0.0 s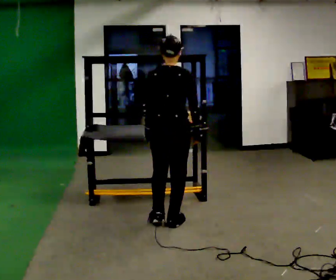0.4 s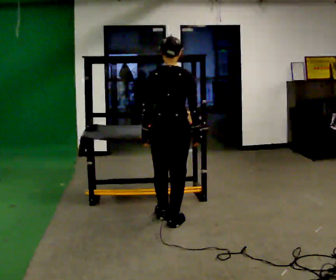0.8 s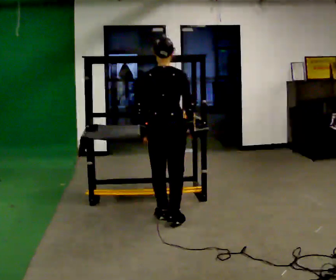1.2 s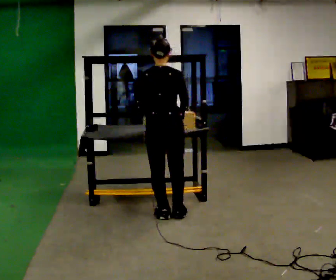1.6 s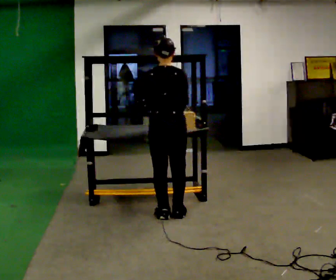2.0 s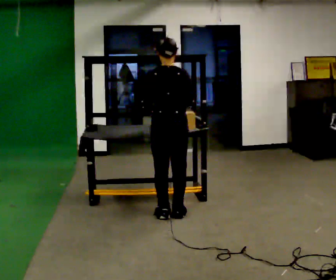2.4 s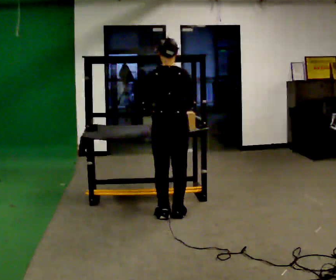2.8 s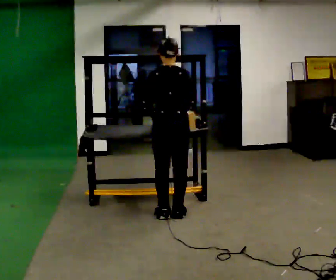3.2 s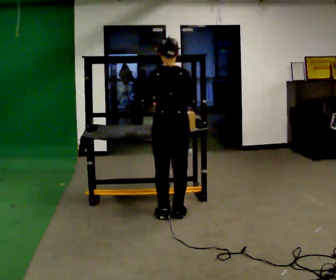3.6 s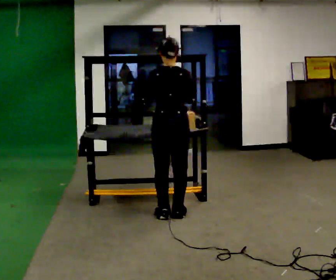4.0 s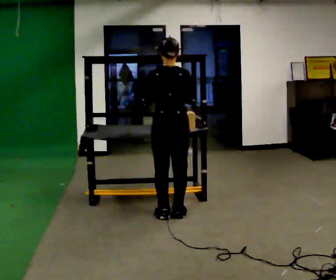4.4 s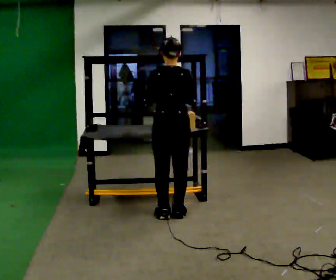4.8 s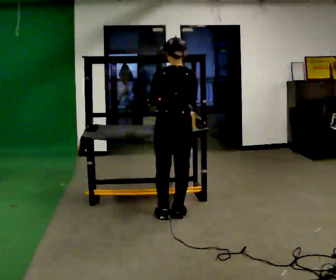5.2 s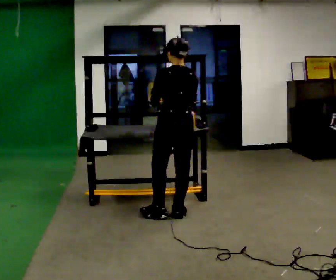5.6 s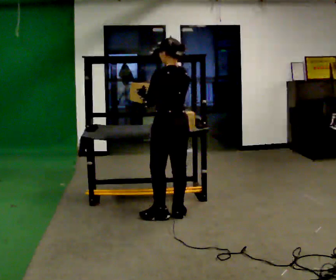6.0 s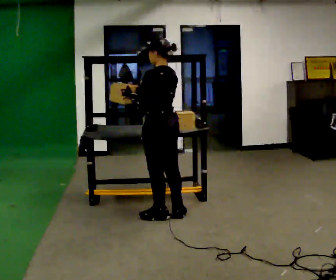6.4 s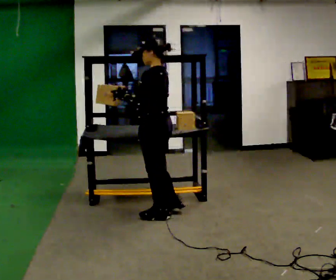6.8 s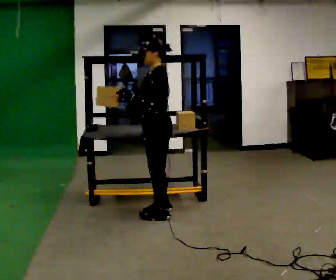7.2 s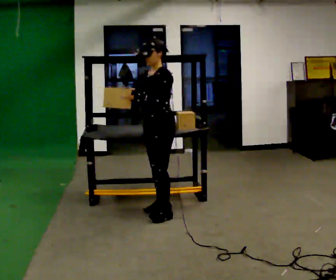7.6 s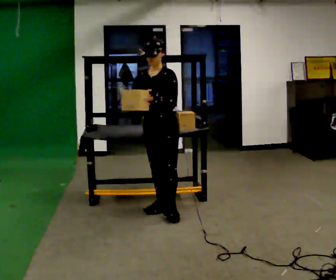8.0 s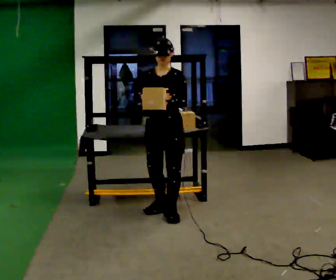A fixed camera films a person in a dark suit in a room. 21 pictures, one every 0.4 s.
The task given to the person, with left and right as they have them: Take an object off the waist-height shelf, carry it across the room, and set it down on the floor. Keep going until the operator says stop; one object at a time, and do not rush between trips.
0.0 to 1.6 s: In the picture they go away from the camera, about 0.25 m in 2 steps, which for them is forward.
1.6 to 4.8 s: The person moves a little, or ends about where they began.
4.8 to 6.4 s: The person turns about 60 degrees to their left, counterclockwise seen from above, so the part of the body nearest the lens slides to the right. In the picture they go to the left, about 0.25 m. In the picture their right hand goes to the left.
6.4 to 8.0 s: The part of the body nearest the lens slides to the right as the person turns to their left by about 90 degrees.
The film runs forward here.
